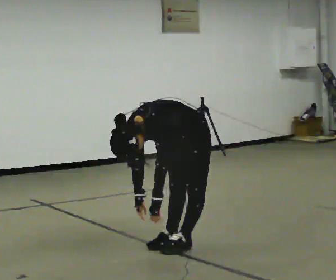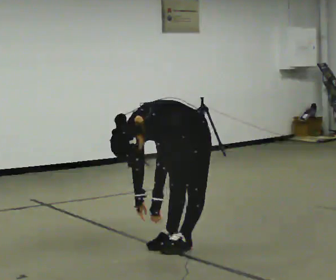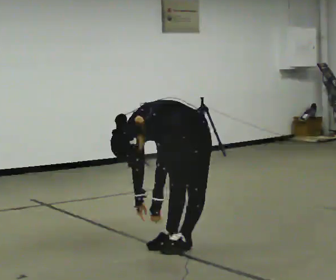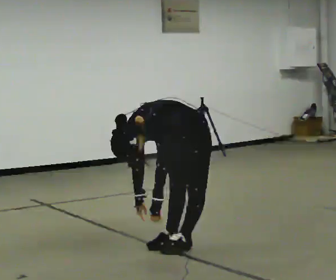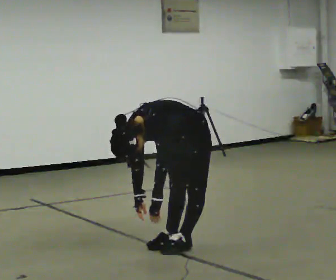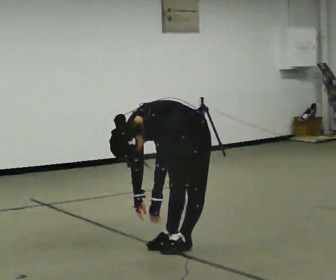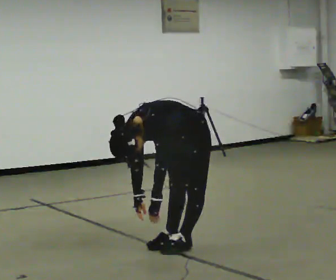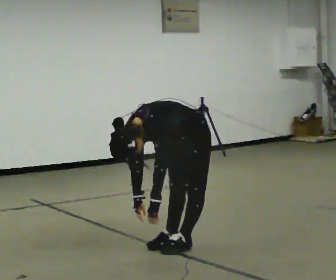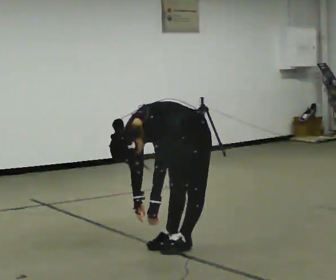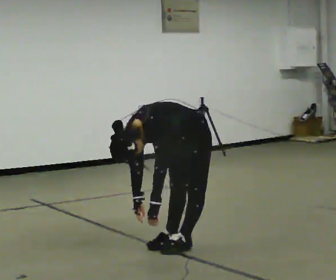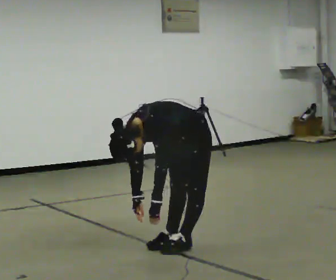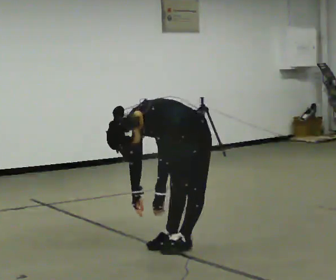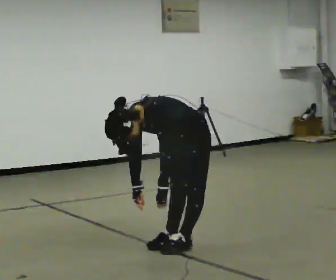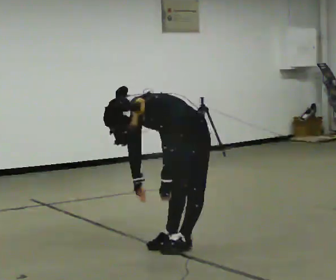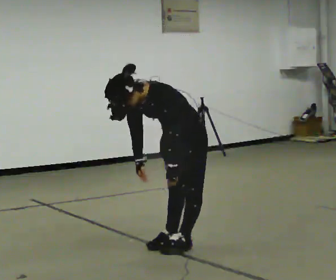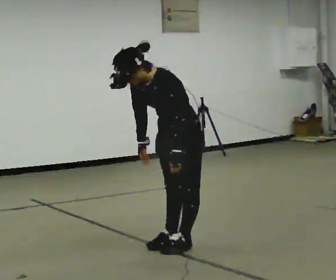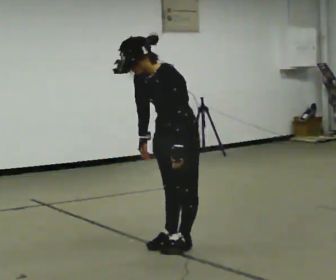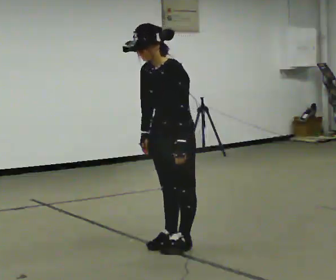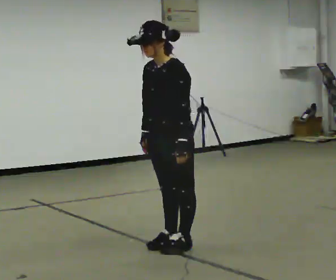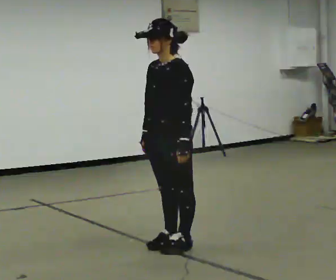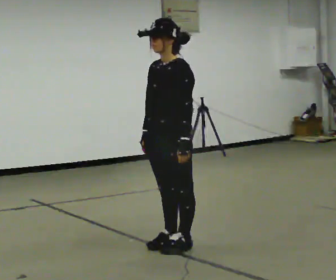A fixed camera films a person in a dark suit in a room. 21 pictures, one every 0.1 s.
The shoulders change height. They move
upward.
Their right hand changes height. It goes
upward.
0.0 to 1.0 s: The person keeps their place and pose.
1.0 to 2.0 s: The upper body goes upward. In the picture the upper body tilts clockwise, shoulders to the right, as they lean back or straighten. In the picture their right hand goes upward.
The film runs backward here.
